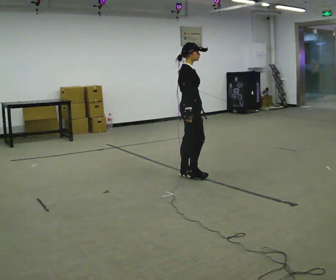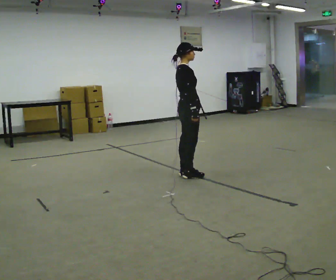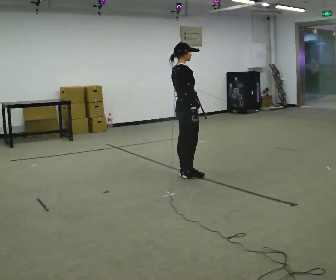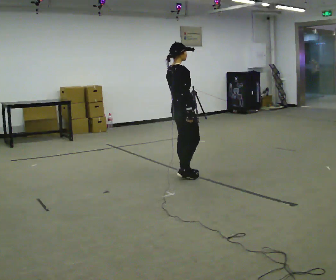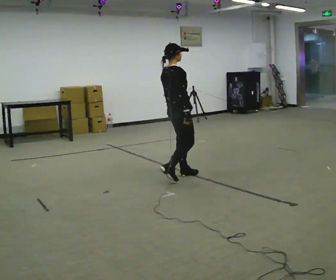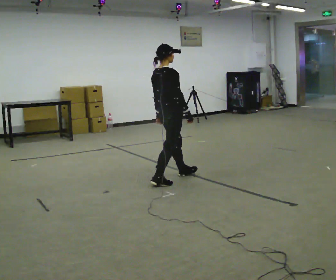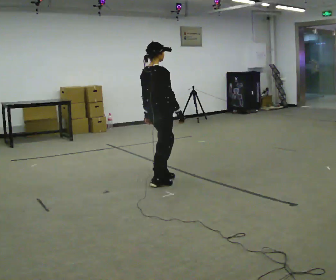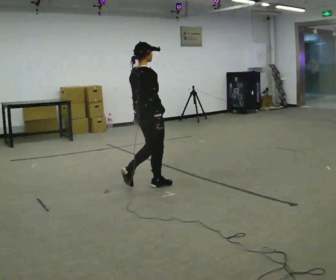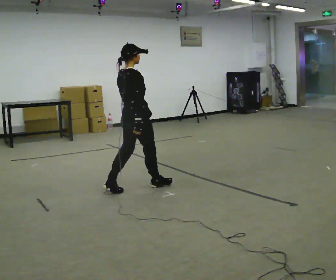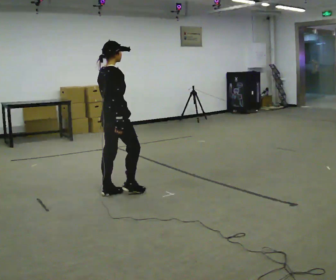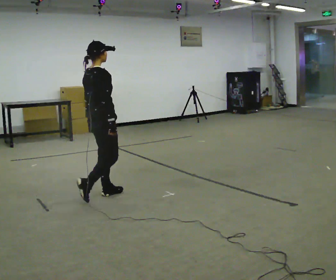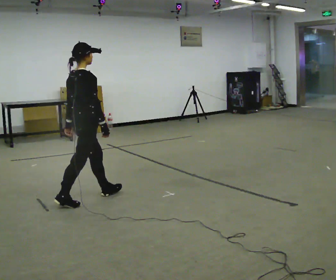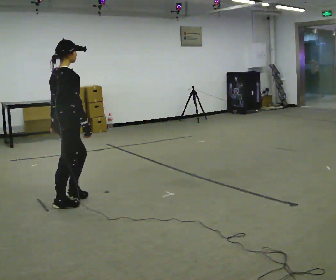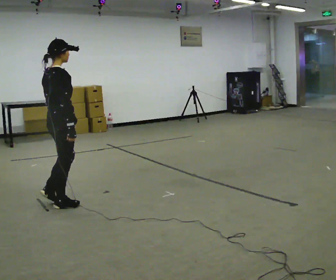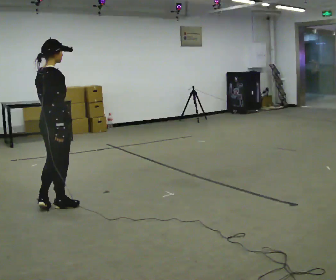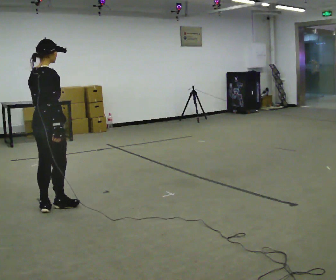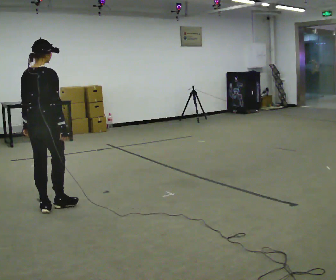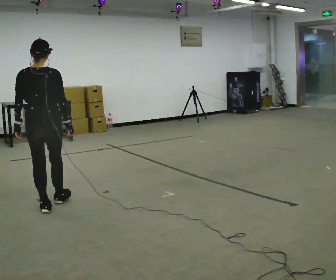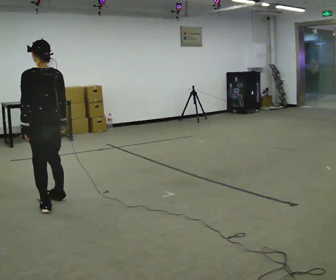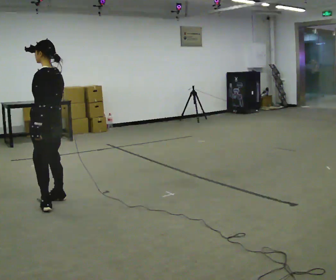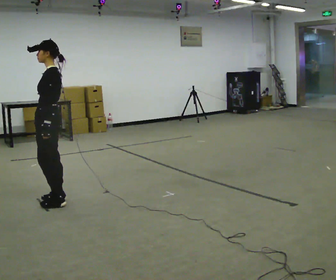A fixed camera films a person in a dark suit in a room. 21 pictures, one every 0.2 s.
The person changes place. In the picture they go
to the left.
The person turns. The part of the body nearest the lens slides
to the right.
0.0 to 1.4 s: The part of the body nearest the lens slides to the right as the person turns to their left by about 45 degrees. In the picture they go to the left and toward the camera, about 0.5 m in 2 steps, which for them is backward.
1.4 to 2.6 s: In the picture they go to the left and toward the camera, about 1 m in 2 steps, which for them is backward.
2.6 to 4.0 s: The person turns about 150 degrees to their left, counterclockwise seen from above, so the part of the body nearest the lens slides to the right. In the picture their right hand goes to the left.
The film runs backward here.
